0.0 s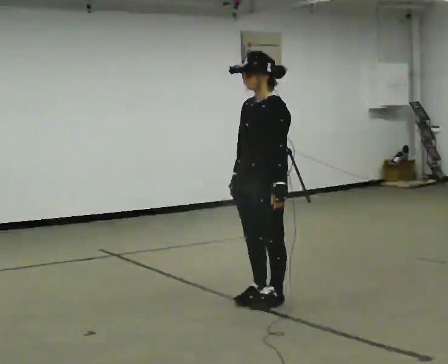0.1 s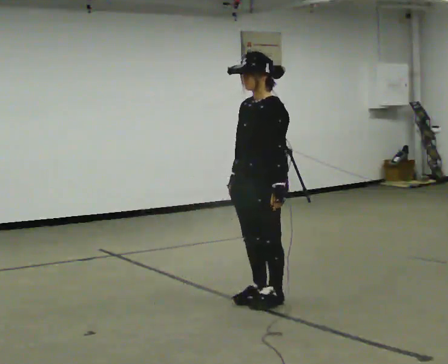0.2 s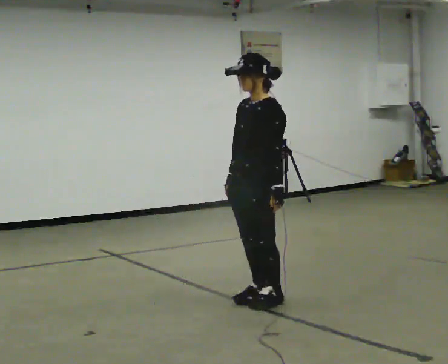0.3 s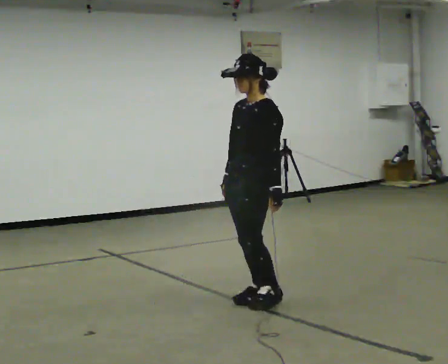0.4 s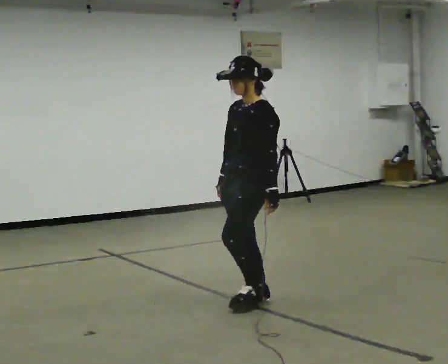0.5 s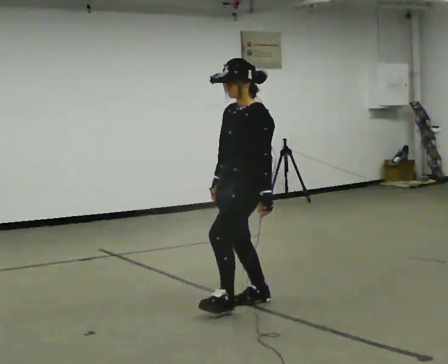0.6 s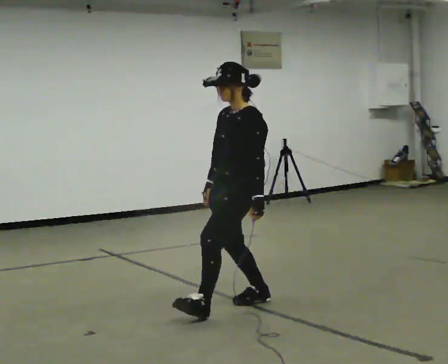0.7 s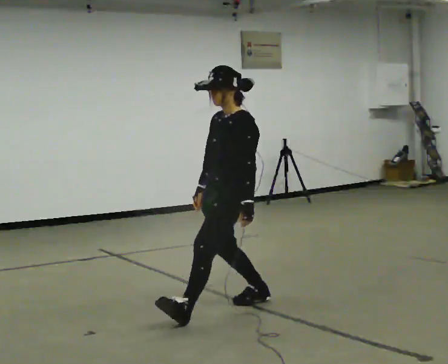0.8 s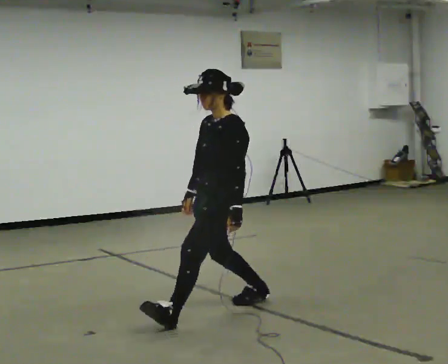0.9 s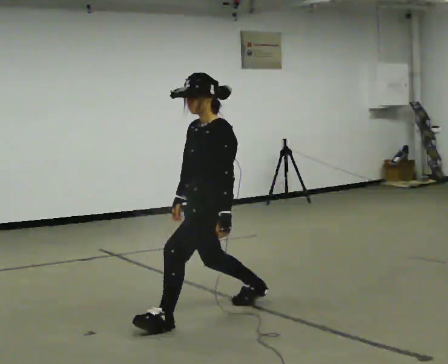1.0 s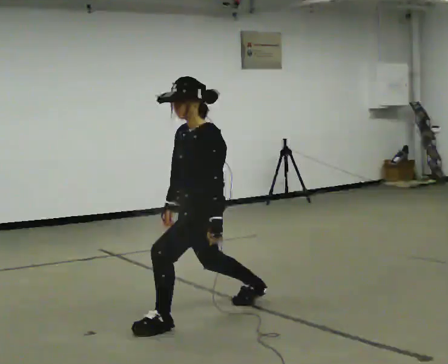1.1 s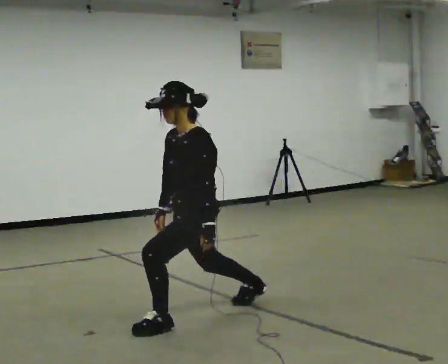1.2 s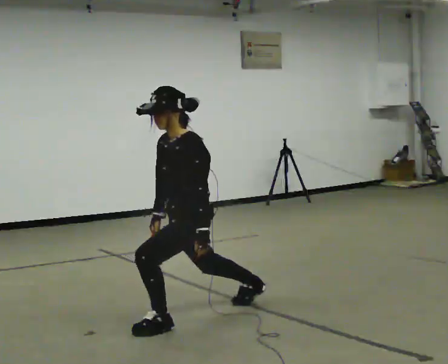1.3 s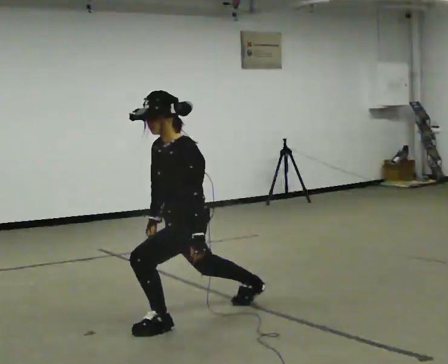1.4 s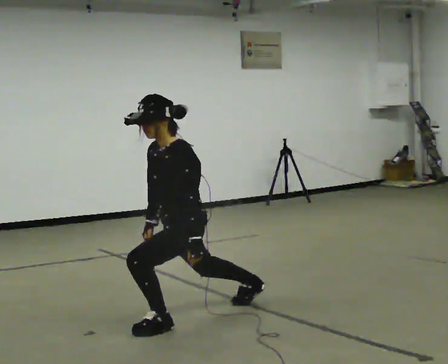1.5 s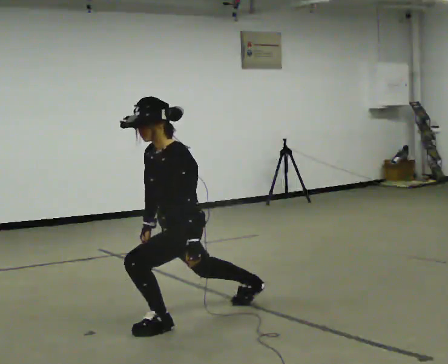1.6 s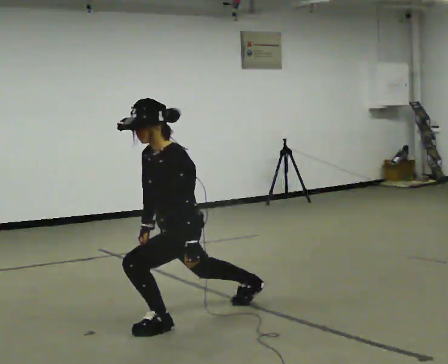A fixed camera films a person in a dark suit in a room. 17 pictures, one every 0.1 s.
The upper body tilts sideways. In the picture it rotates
counterclockwise.
The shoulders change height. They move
downward.
0.0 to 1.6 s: In the picture they go to the left and toward the camera, about 0.5 m in 1 step, which for them is forward. The upper body goes downward. In the picture the upper body tilts counterclockwise, shoulders to the left, as they bend forward.
The film runs backward here.
